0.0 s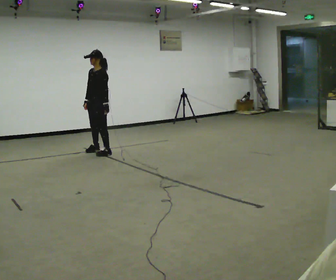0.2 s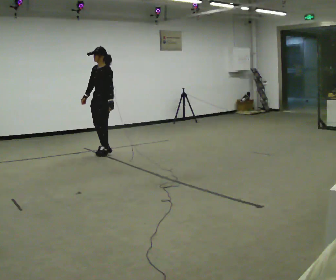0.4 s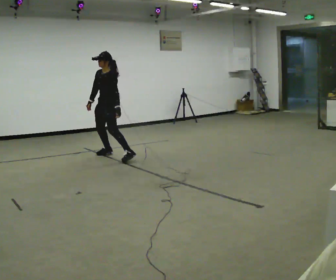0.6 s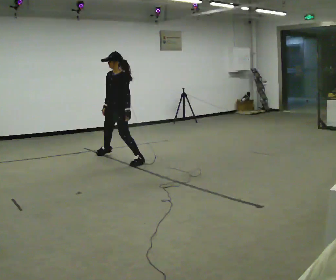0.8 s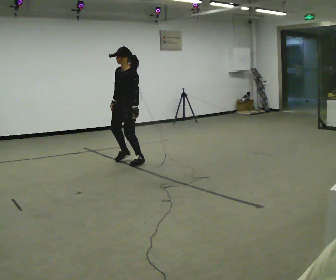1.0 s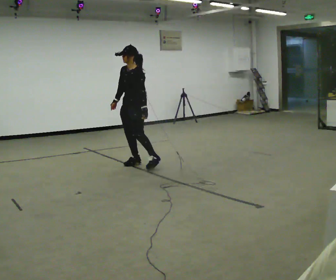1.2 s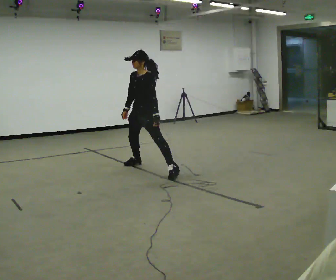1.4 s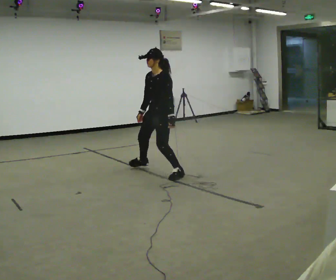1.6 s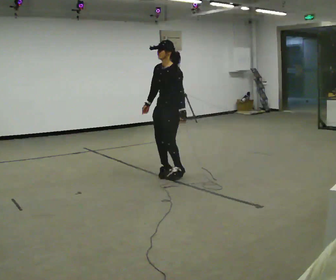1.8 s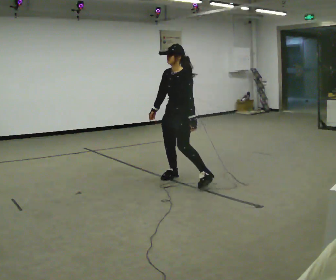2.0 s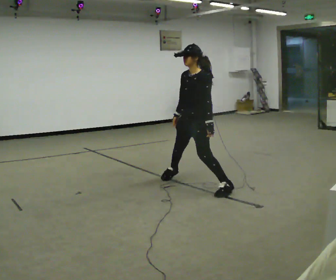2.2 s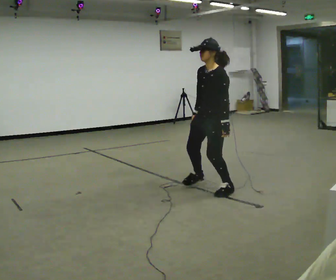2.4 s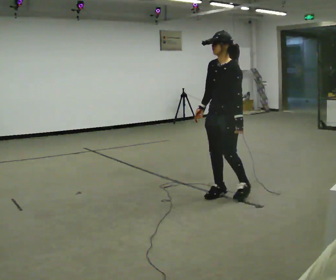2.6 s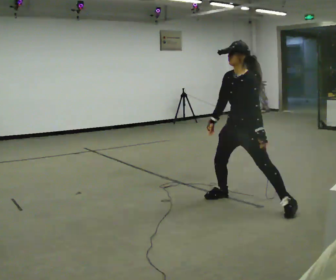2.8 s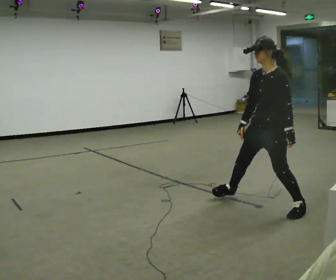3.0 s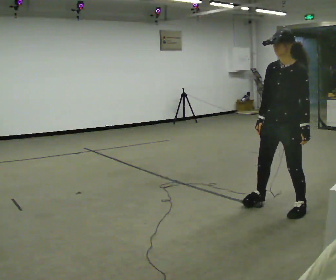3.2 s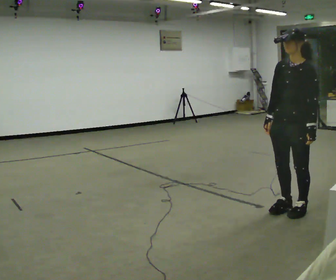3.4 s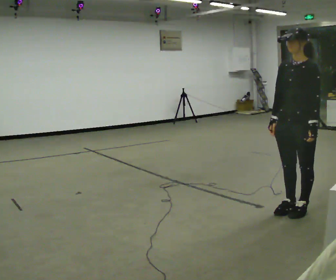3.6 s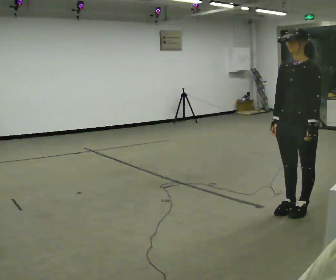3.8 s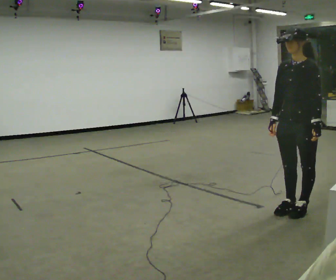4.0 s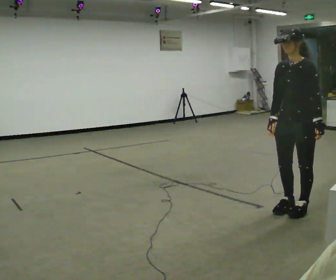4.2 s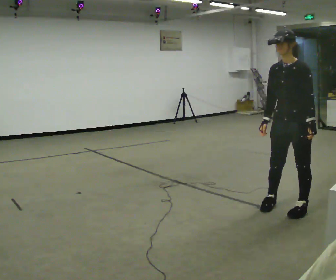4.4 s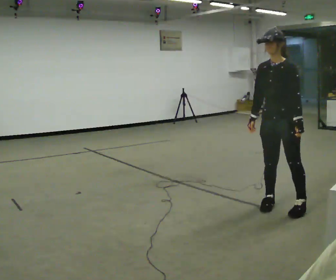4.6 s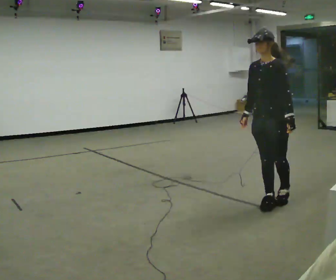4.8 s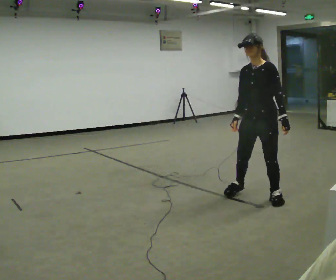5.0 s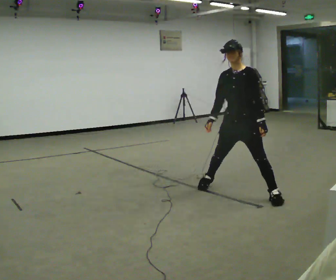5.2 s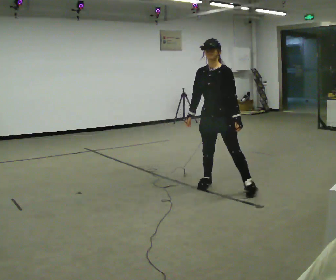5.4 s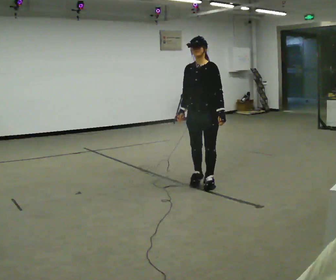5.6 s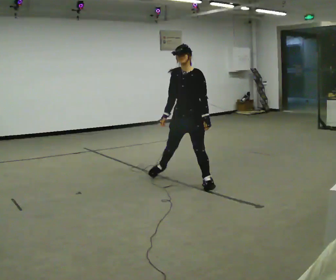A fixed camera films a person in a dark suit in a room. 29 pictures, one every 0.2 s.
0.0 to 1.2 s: In the picture they go to the right and toward the camera, about 1 m in 4 steps, which for them is to their left.
1.2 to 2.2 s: In the picture they go to the right and toward the camera, about 1.5 m in 3 steps, which for them is to their left.
2.2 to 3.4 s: In the picture they go to the right and toward the camera, about 1 m in 2 steps, which for them is to their left.
3.4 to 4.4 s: The person moves a little, or ends about where they began.
4.4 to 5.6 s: In the picture they go to the left and away from the camera, about 1 m in 3 steps, which for them is to their right.
The film runs backward here.
